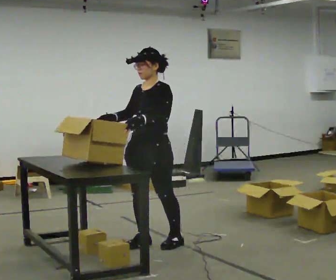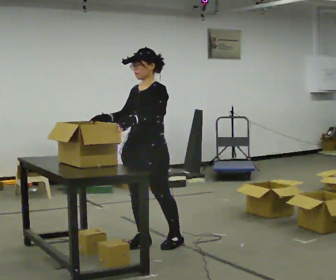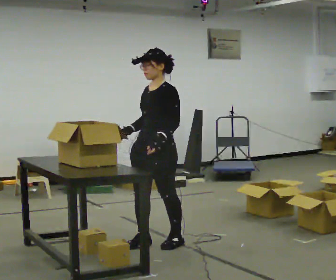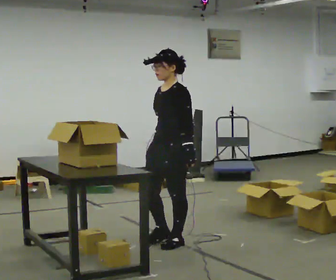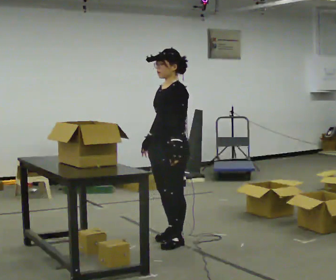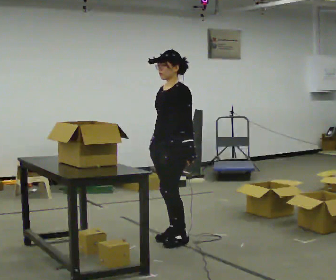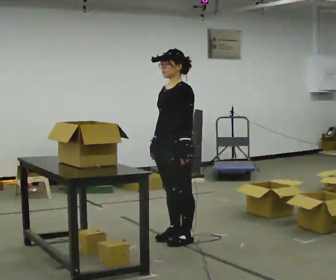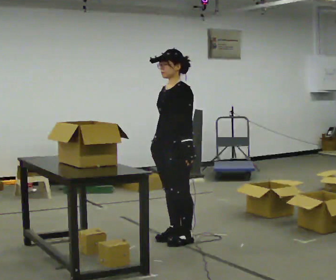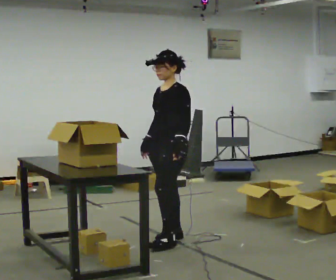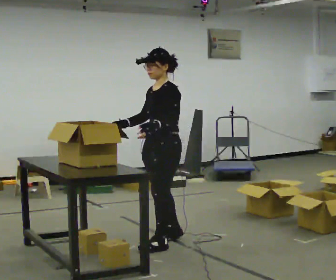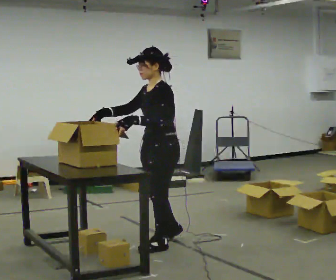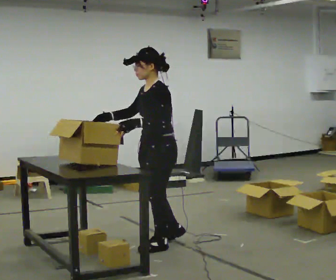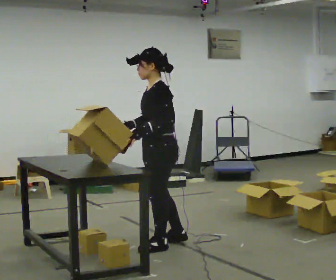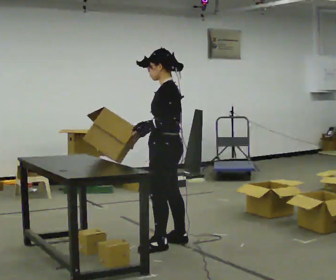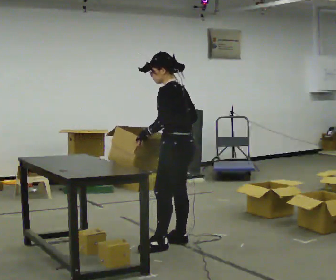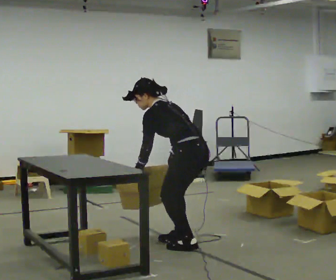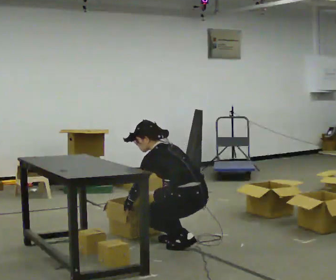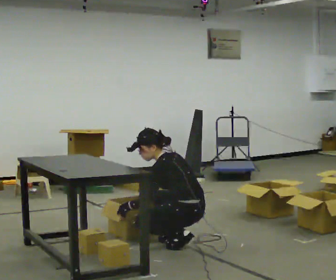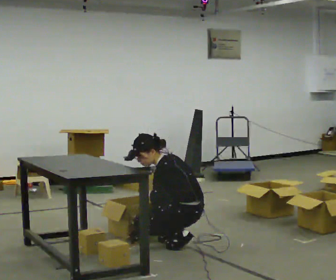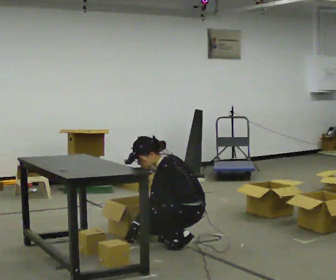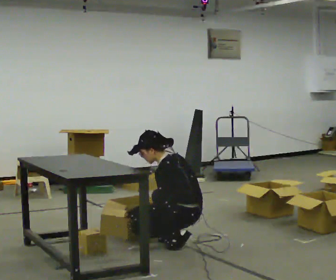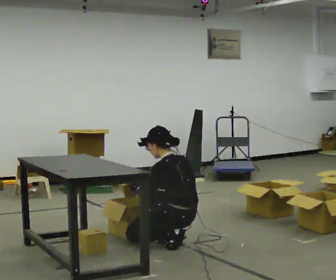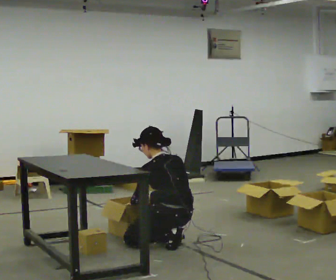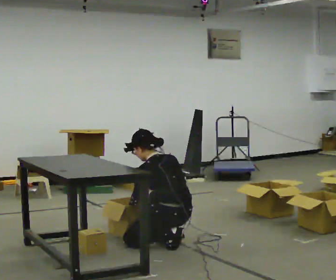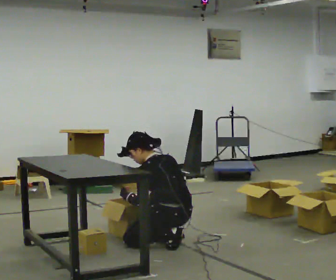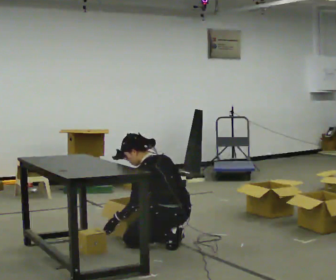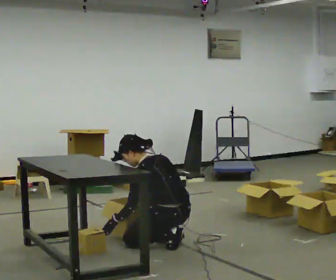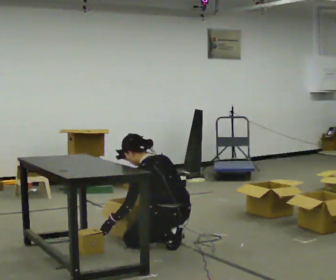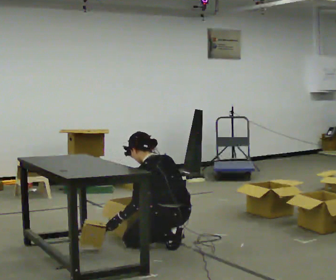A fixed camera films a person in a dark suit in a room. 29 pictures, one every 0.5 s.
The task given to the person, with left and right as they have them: 1. Take everything out of the crates by the door. 2. Put the small items on the middle shelf. 3. Put the large items on the bottom shelf. 4. Stack the empty crates by the door. 5. Tell the operator when you are finished.
0.0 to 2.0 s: Seen from above the body turns clockwise, about 30 degrees: to their right, with its near side sliding to the left. In the picture they go to the right, about 0.25 m in 1 step, which for them is backward. In the picture their right hand goes to the right.
2.0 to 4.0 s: The person moves a little, or ends about where they began.
4.0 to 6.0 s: The person turns about 30 degrees to their right, clockwise seen from above, so the part of the body nearest the lens slides to the left. In the picture they go toward the camera, about 0.25 m in 1 step, which for them is to their left and forward.
6.0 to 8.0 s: Seen from above the body turns clockwise, about 45 degrees: to their right, with its near side sliding to the left. In the picture they go to the right, about 0.25 m in 1 step, which for them is backward. The shoulders move downward. In the picture their right hand goes downward and to the right.
8.0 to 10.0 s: The upper body tips toward the camera, its near side rolling downward, as they lean back or straighten.
10.0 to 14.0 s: The person moves a little, or ends about where they began.
The film runs forward here.
